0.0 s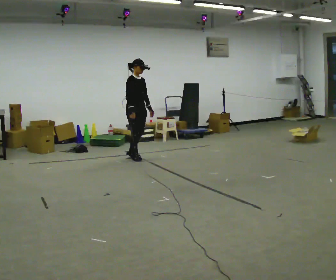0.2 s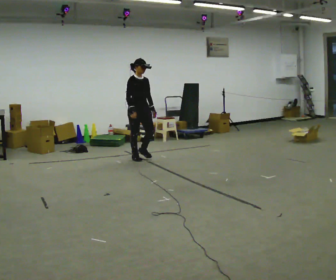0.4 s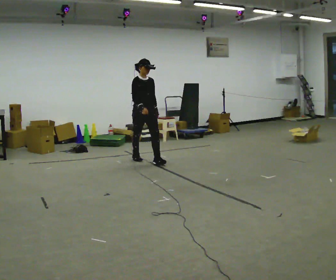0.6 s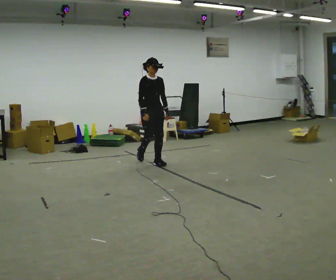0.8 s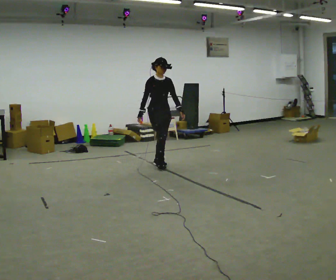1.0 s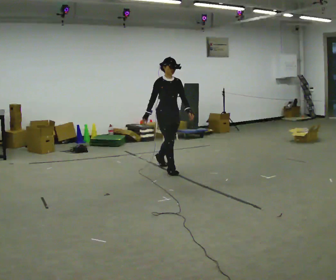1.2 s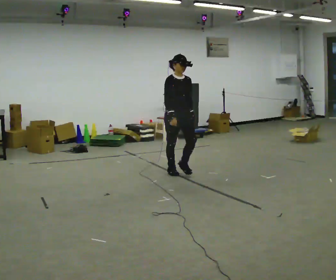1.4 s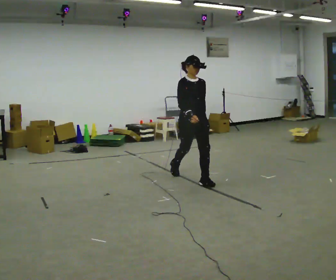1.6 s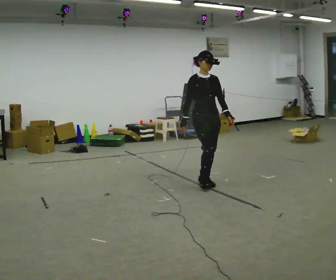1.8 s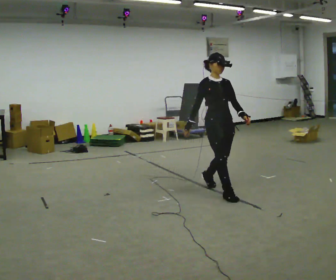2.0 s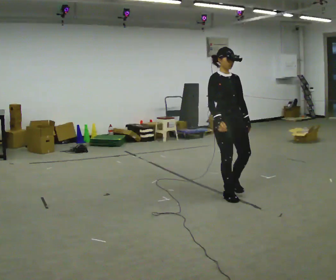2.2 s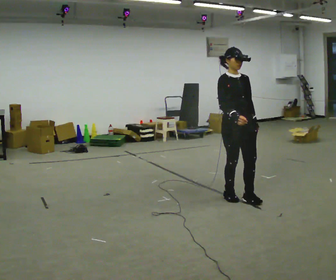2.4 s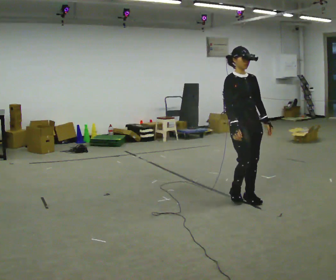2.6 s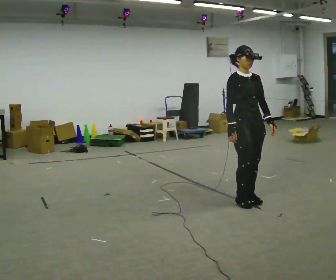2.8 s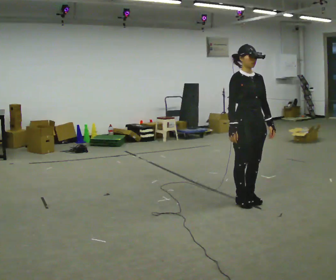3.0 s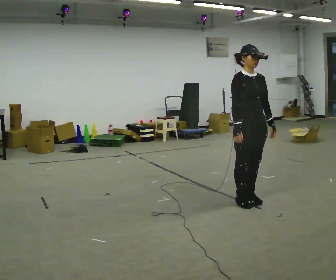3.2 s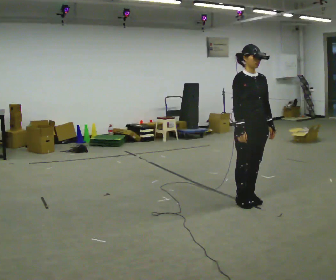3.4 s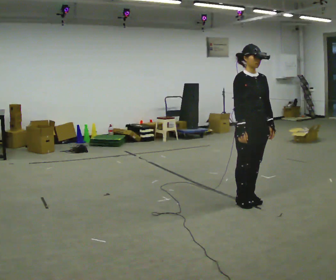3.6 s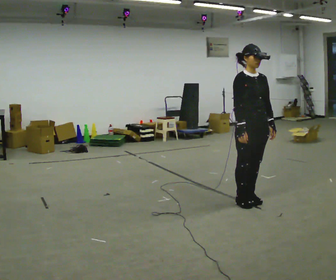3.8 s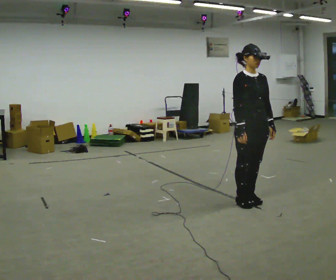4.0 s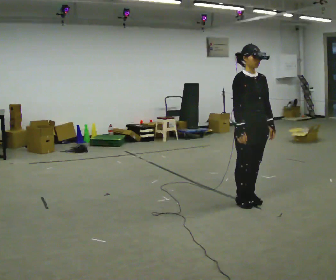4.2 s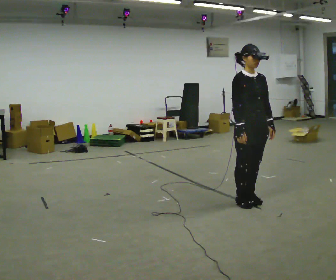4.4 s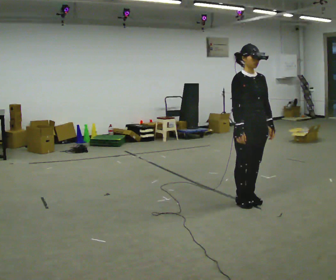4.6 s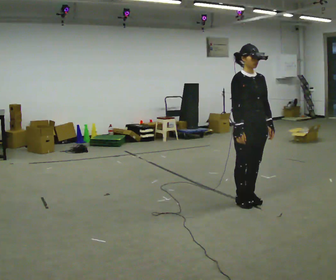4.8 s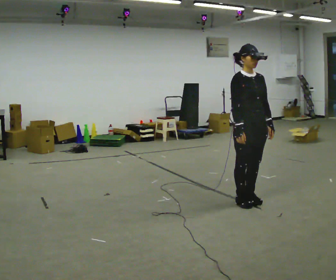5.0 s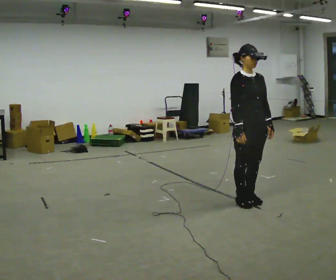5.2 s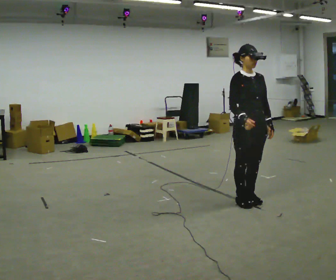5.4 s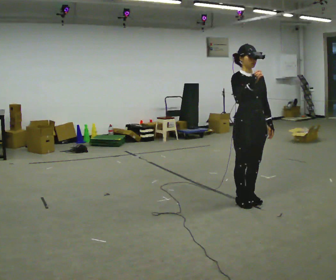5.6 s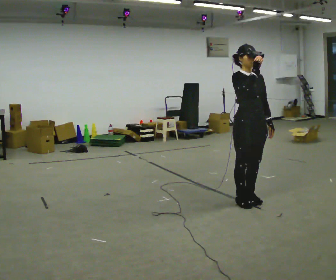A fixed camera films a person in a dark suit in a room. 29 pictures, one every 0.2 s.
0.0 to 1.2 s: The person turns about 30 degrees to their right, clockwise seen from above, so the part of the body nearest the lens slides to the left. In the picture they go toward the camera and to the right, about 1 m in 2 steps, which for them is forward.
1.2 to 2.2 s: In the picture they go toward the camera and to the right, about 1 m in 3 steps, which for them is forward.
2.2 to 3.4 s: In the picture they go toward the camera, about 0.25 m in 1 step, which for them is forward.
3.4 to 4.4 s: The person keeps their place and pose.
4.4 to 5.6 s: In the picture their right hand goes upward.
The film runs forward here.
